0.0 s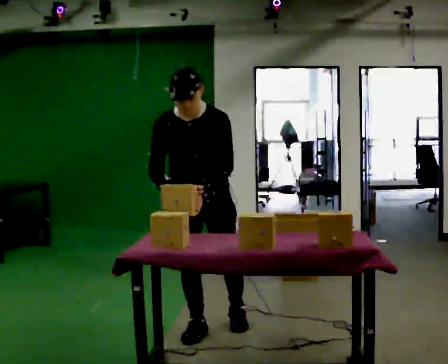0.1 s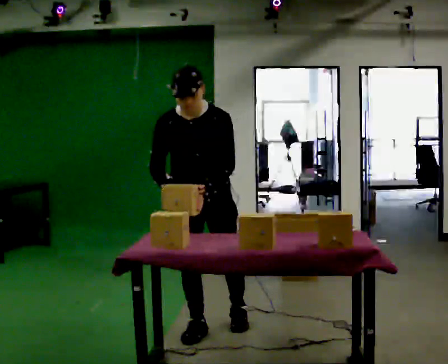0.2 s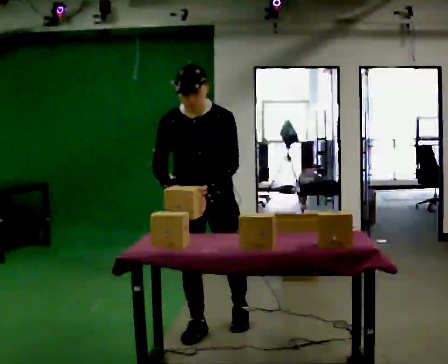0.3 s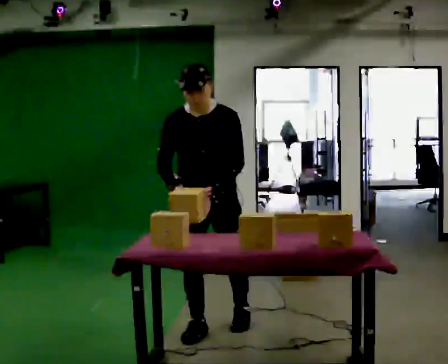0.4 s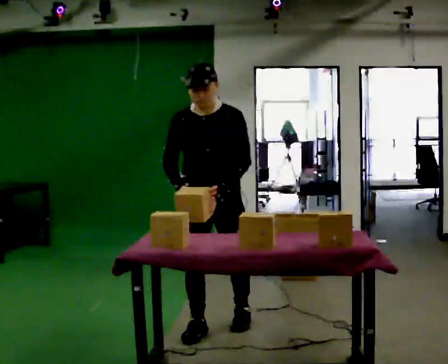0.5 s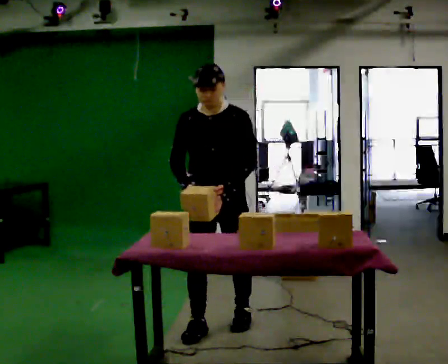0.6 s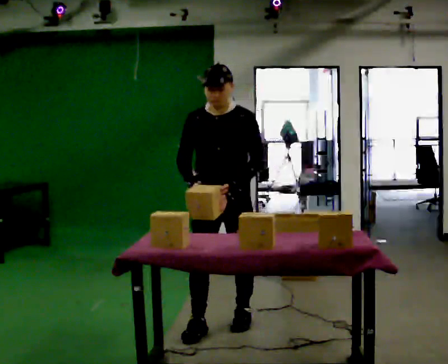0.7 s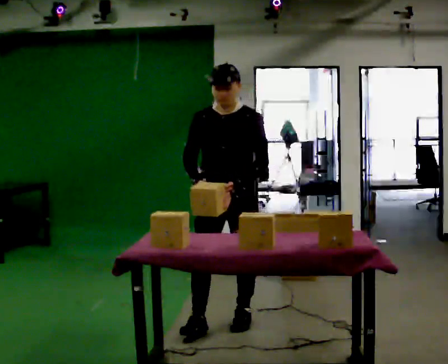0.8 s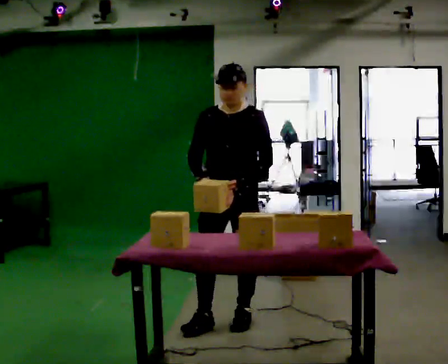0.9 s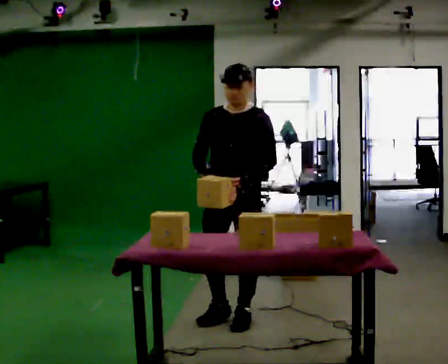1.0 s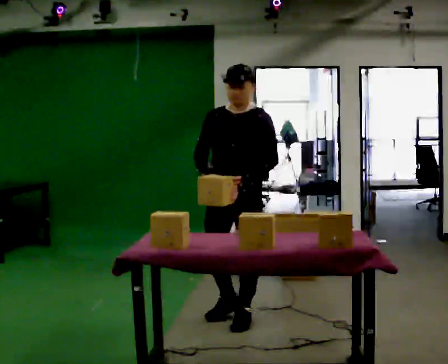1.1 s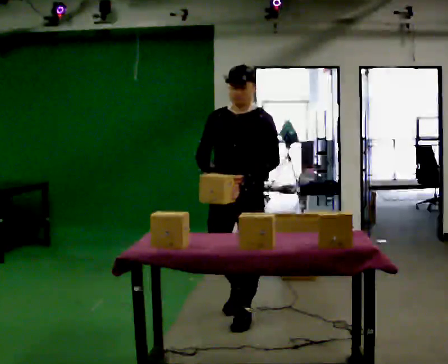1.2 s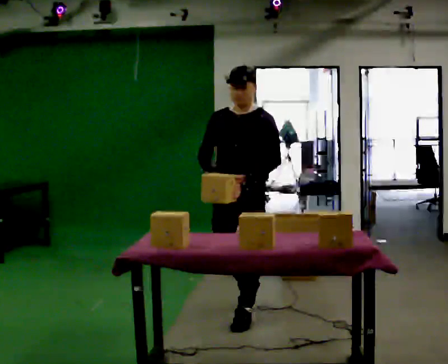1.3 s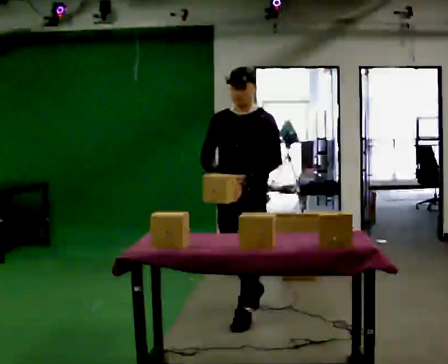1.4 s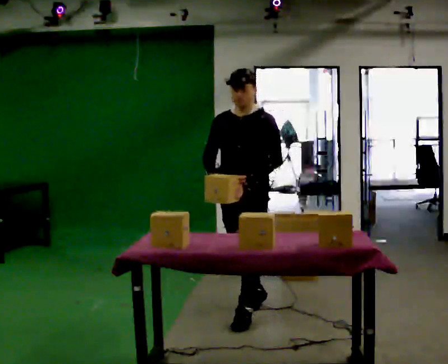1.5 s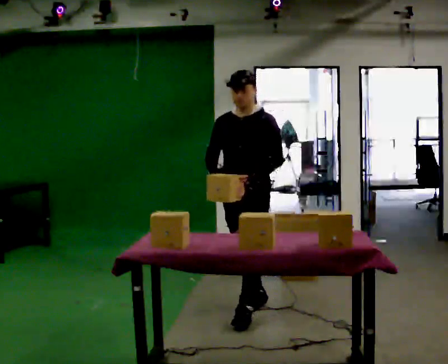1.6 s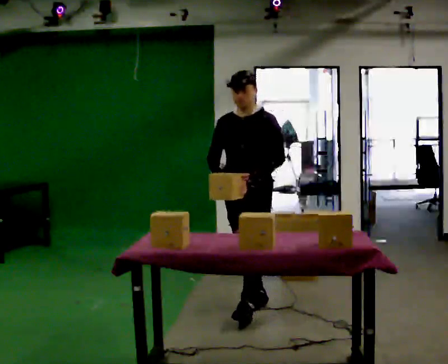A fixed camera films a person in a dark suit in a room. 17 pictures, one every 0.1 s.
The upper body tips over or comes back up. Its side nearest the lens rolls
upward.
0.0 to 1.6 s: The part of the body nearest the lens slides to the left as the person turns to their right by about 30 degrees. In the picture they go away from the camera and to the right, about 0.5 m in 1 step, which for them is backward. The upper body tips away from the camera, its near side rolling upward, as they lean back or straighten.
The film runs backward here.
